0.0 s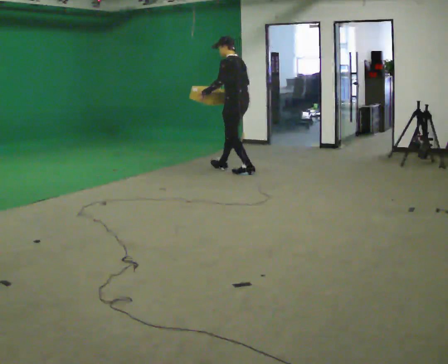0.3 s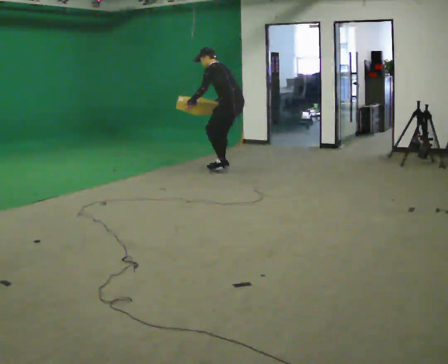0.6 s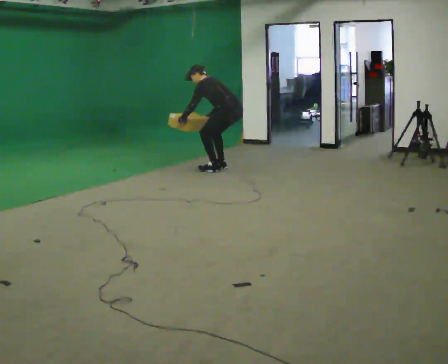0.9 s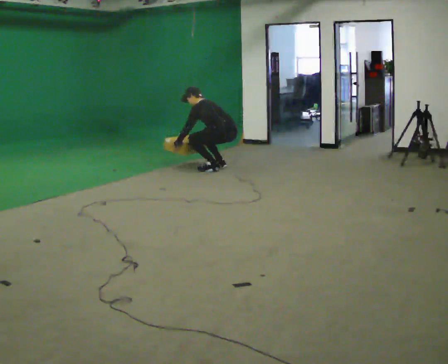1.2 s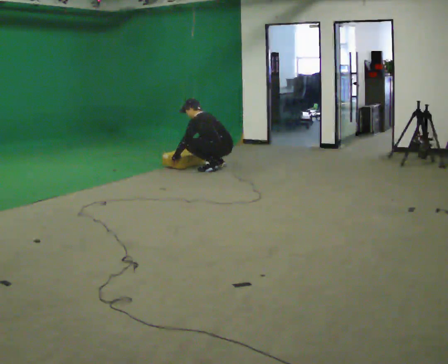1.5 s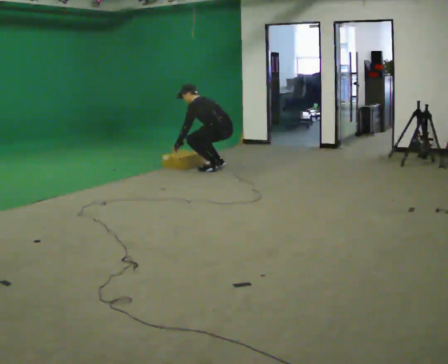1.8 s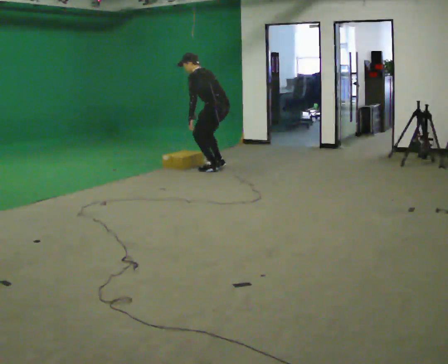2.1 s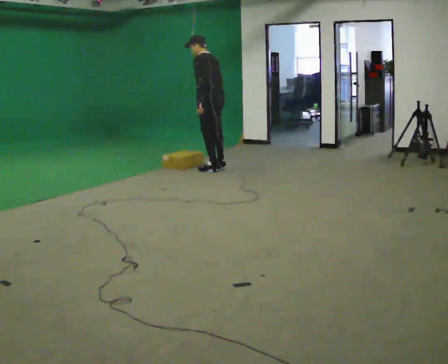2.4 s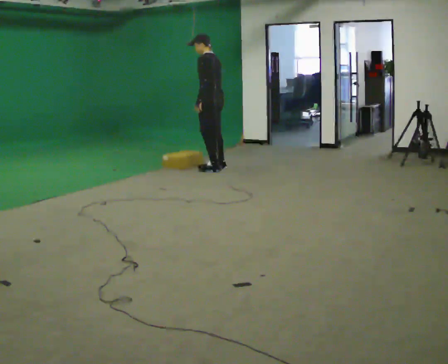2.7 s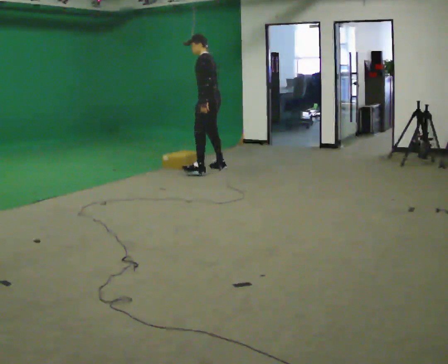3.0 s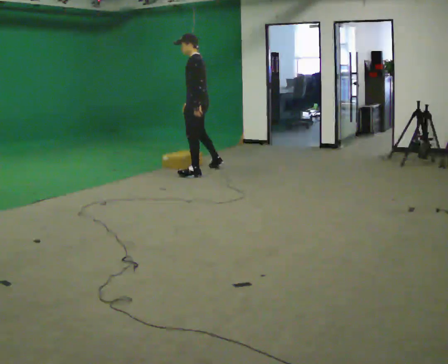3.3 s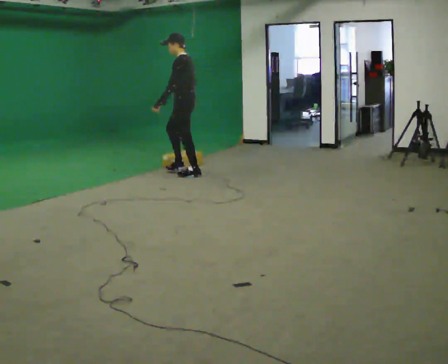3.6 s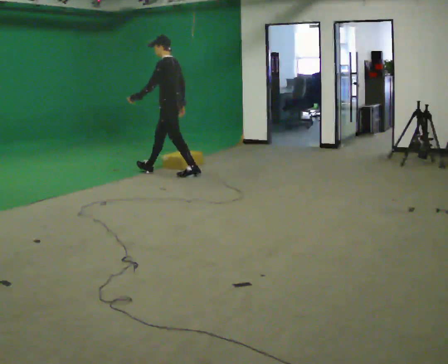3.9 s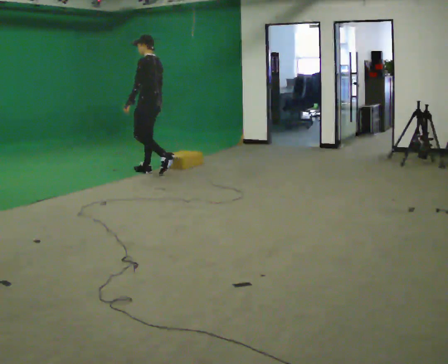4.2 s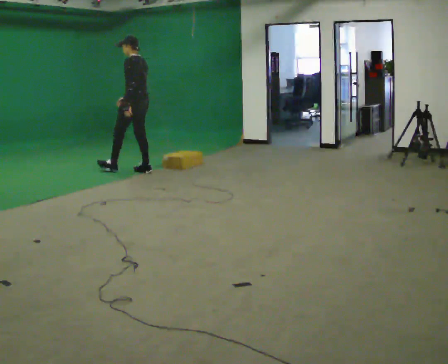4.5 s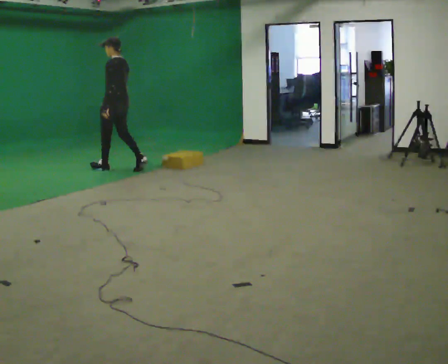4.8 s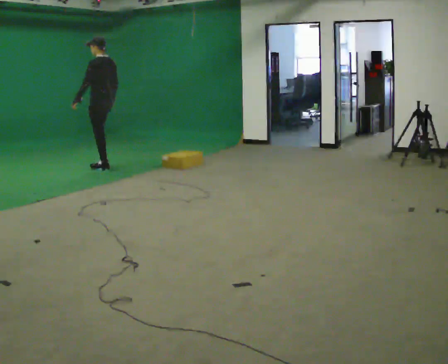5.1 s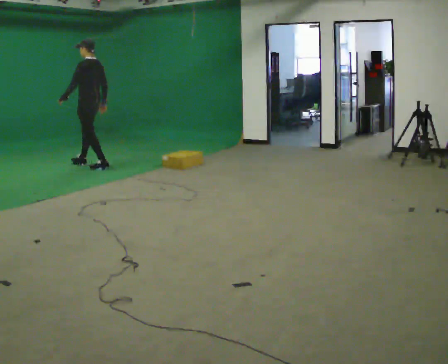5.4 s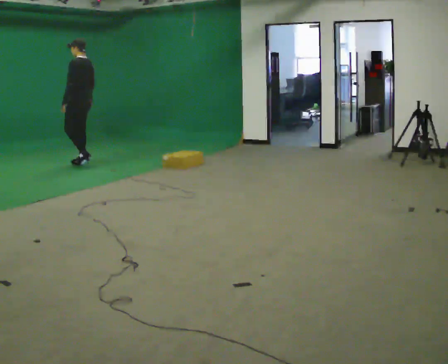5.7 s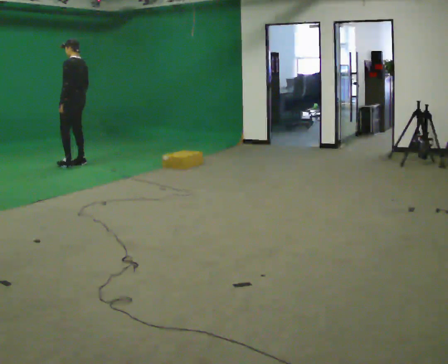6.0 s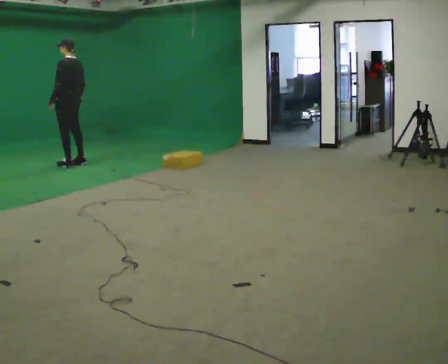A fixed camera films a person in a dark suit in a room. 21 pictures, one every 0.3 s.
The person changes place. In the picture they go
to the left.
0.0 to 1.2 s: In the picture they go to the left, about 0.25 m in 1 step, which for them is forward. The shoulders move downward. In the picture the upper body tilts counterclockwise, shoulders to the left, as they bend forward. In the picture their left hand goes downward and to the left.
1.2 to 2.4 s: The upper body goes upward. In the picture the upper body tilts clockwise, shoulders to the right, as they lean back or straighten. In the picture their left hand goes upward and to the right.
2.4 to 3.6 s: In the picture they go to the left and toward the camera, about 0.5 m in 2 steps, which for them is forward and to their left.
3.6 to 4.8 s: In the picture they go to the left, about 1 m in 1 step, which for them is forward.
4.8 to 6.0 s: In the picture they go to the left, about 0.5 m in 2 steps, which for them is forward.
The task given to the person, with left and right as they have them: Start still; walk straight at normal comfortable speed; stop at endpoint.
The film runs forward here.
